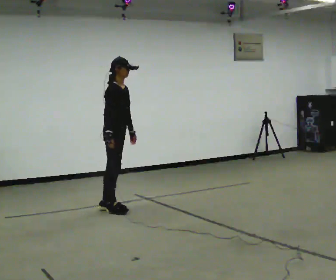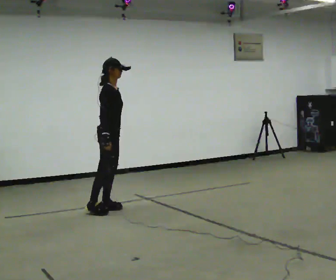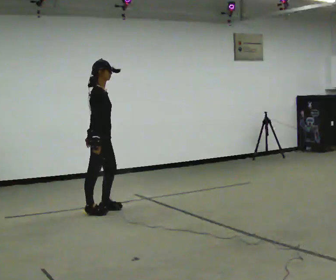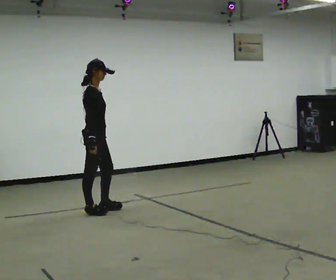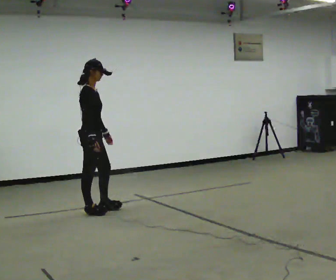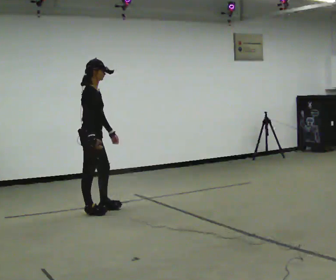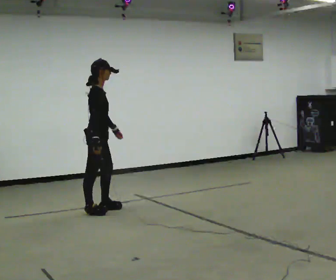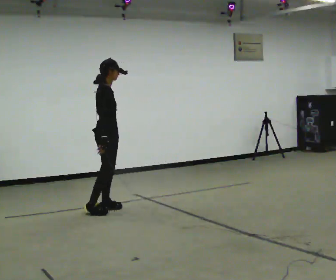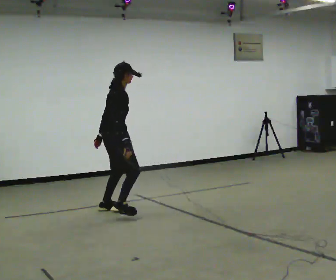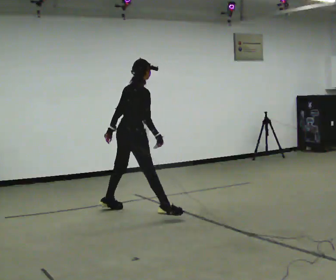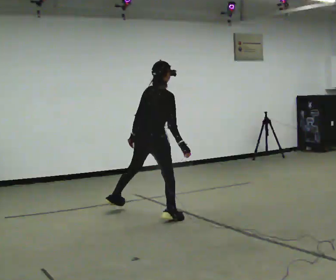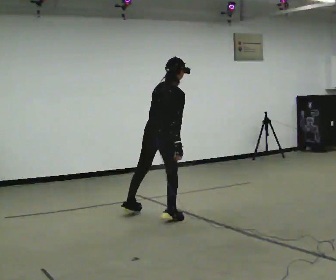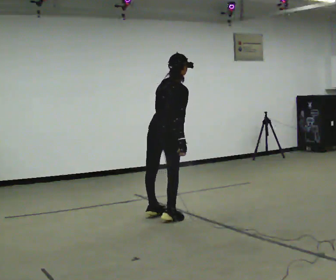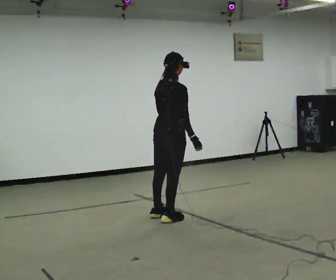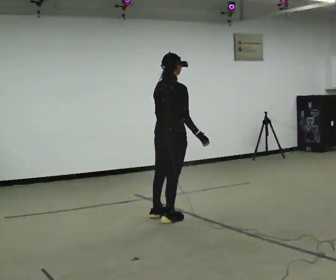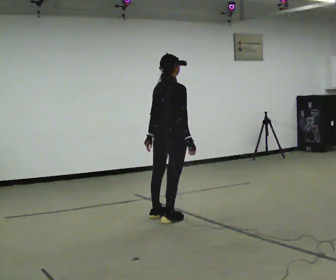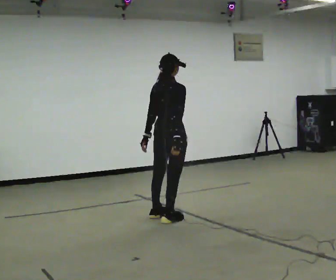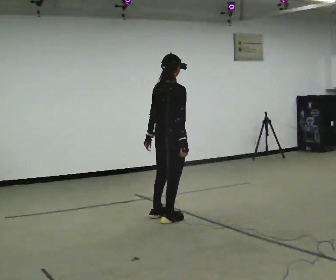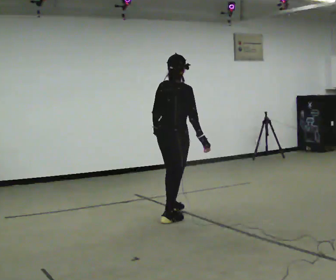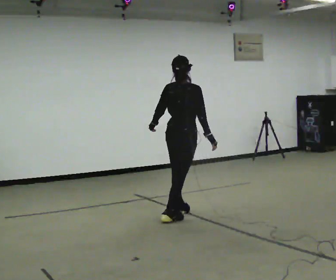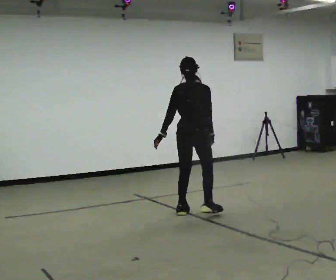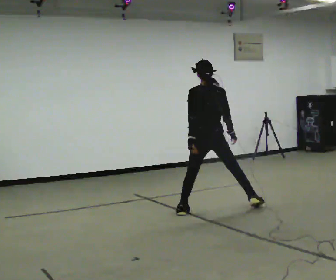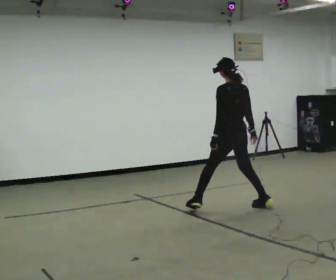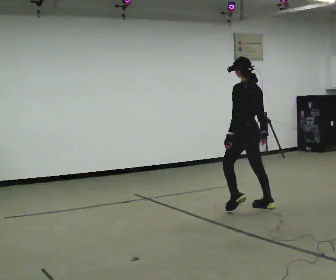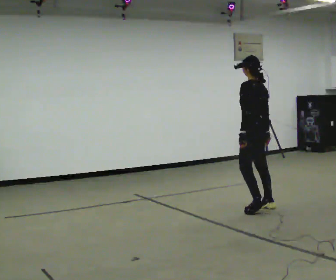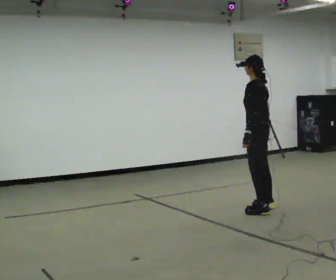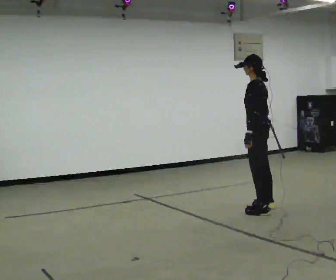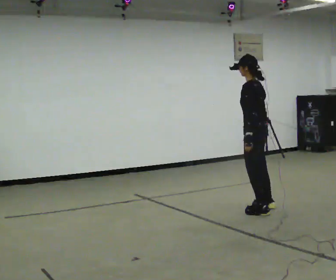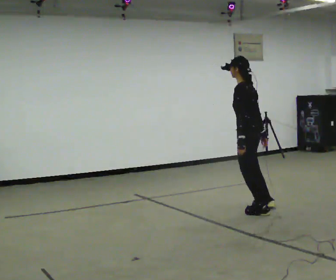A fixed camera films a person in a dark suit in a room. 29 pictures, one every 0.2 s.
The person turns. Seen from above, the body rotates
counterclockwise.
The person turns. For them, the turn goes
to their left.
0.0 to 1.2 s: In the picture they go to the left, about 0.25 m, which for them is backward.
1.2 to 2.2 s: Seen from above the body turns counterclockwise, about 45 degrees: to their left, with its near side sliding to the right. In the picture they go to the right and toward the camera, about 0.5 m in 2 steps, which for them is forward and to their right. In the picture the upper body tilts clockwise, shoulders to the right.
2.2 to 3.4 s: In the picture the upper body tilts counterclockwise, shoulders to the left.
3.4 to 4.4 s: The person turns about 60 degrees to their left, counterclockwise seen from above, so the part of the body nearest the lens slides to the right. In the picture they go to the right and away from the camera, about 0.5 m in 3 steps.
4.4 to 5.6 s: Seen from above the body turns counterclockwise, about 30 degrees: to their left, with its near side sliding to the right. In the picture they go to the right and toward the camera, about 0.25 m in 1 step, which for them is backward.
The film runs backward here.
